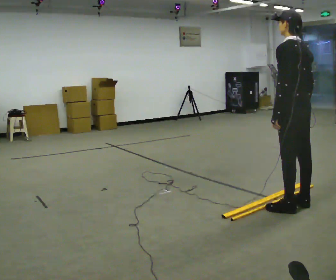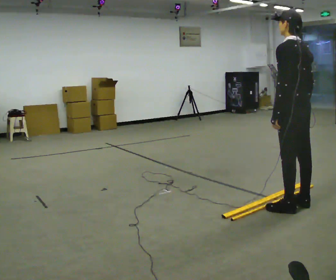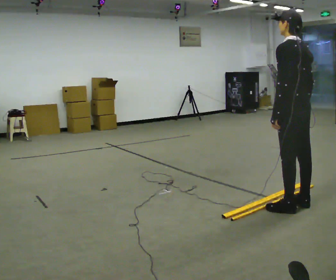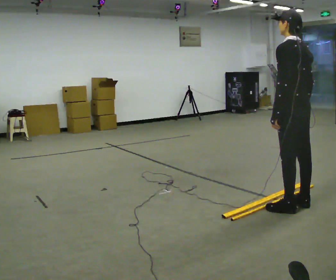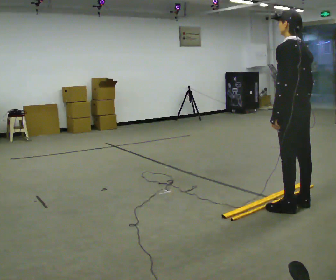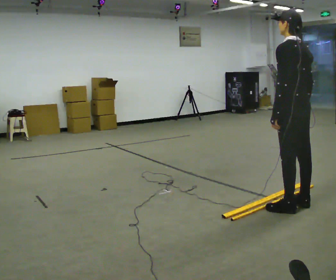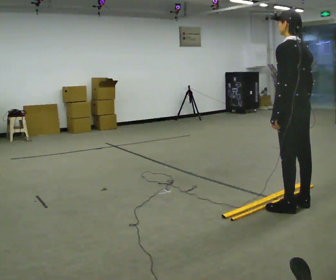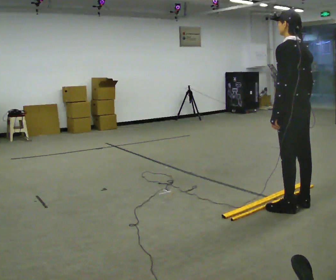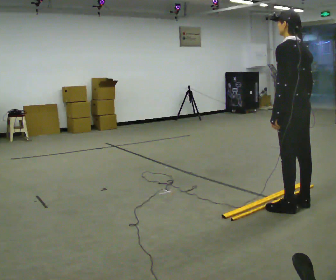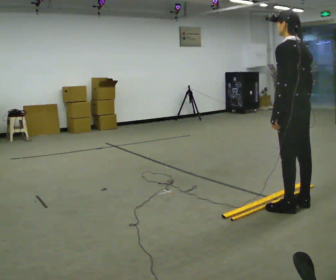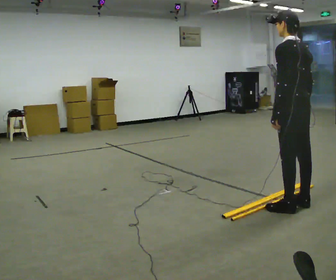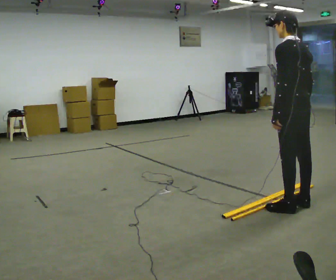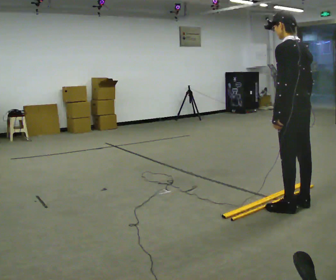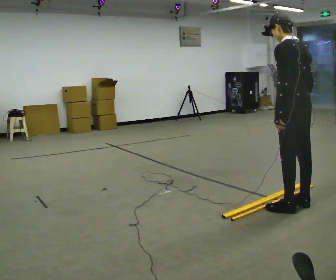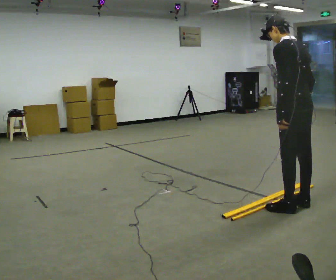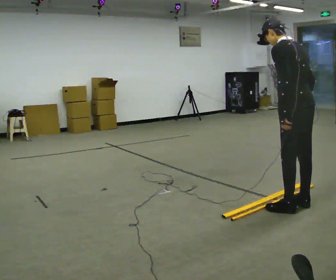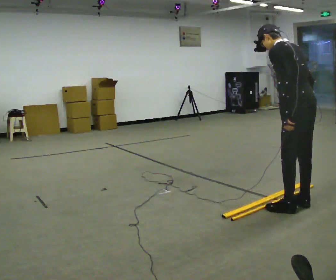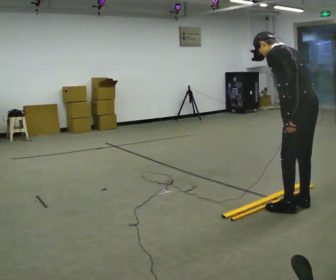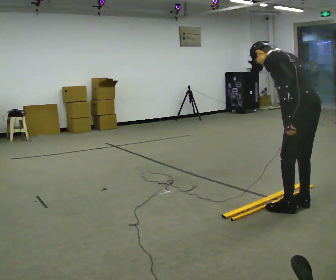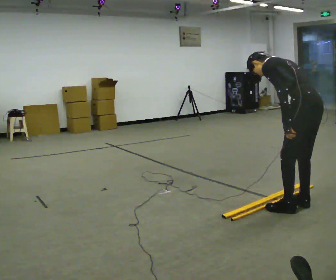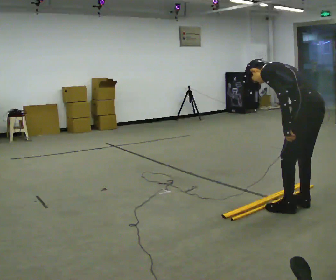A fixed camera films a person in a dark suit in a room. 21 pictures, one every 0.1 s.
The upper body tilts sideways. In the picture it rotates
counterclockwise.
0.0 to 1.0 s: The person keeps their place and pose.
1.0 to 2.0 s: The shoulders move downward. In the picture the upper body tilts counterclockwise, shoulders to the left, as they bend forward.
The film runs forward here.
